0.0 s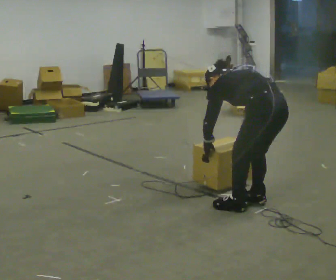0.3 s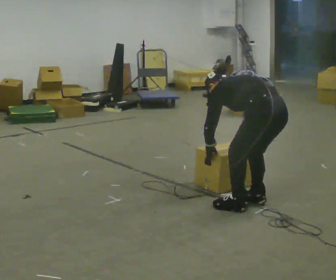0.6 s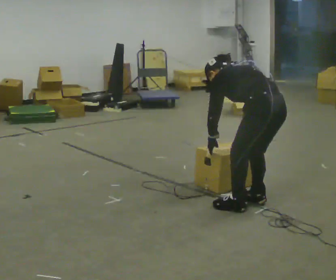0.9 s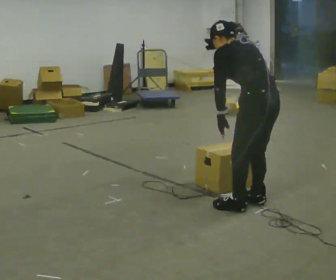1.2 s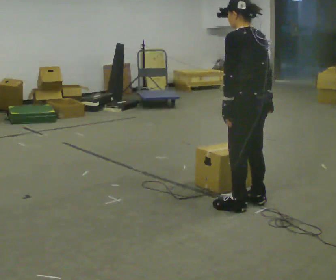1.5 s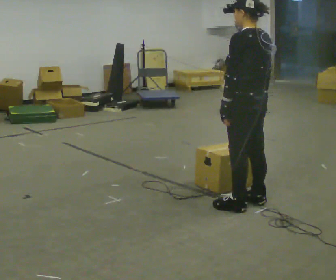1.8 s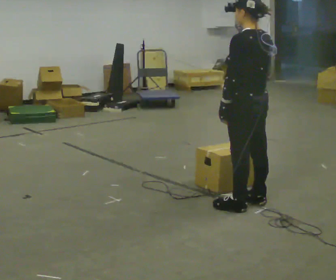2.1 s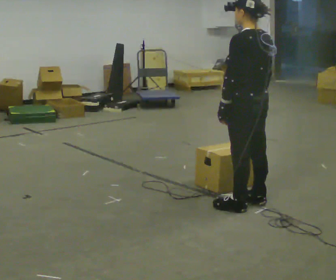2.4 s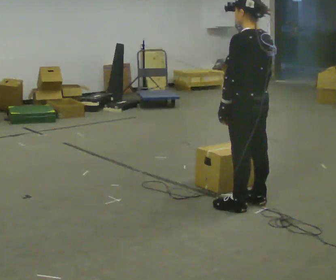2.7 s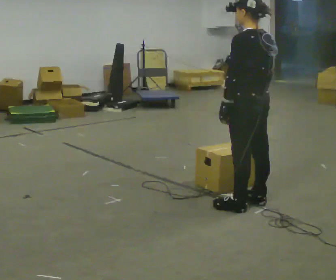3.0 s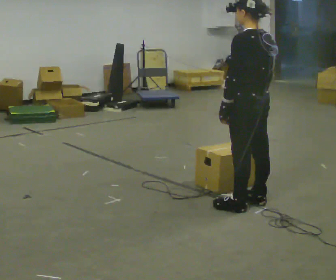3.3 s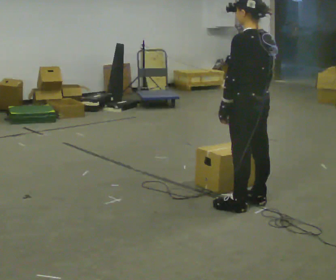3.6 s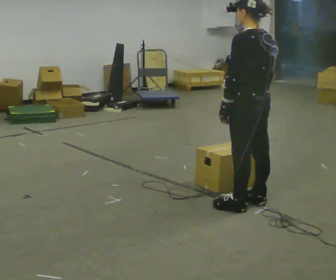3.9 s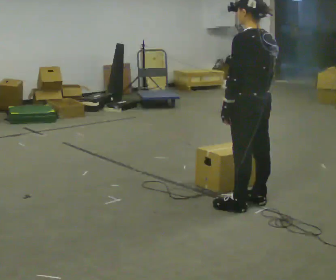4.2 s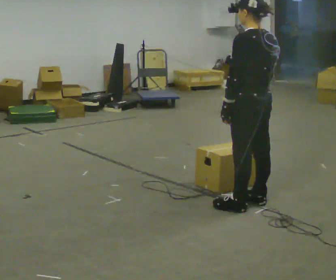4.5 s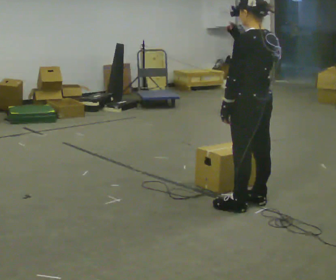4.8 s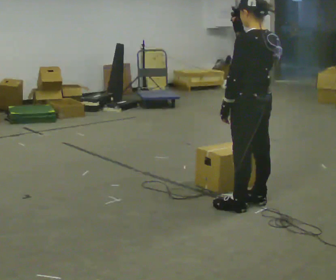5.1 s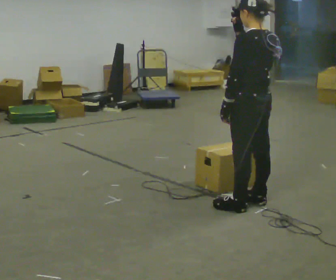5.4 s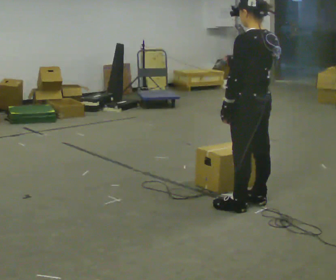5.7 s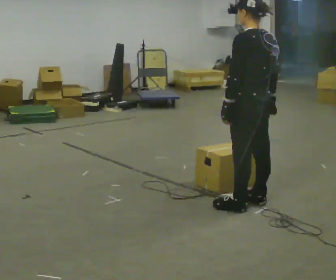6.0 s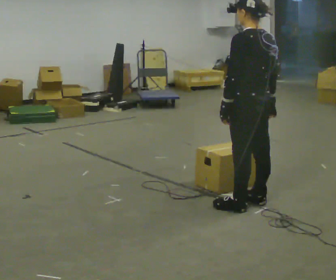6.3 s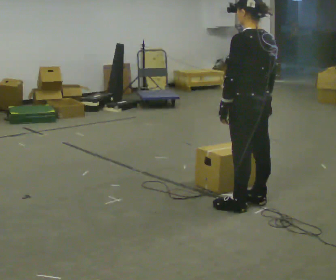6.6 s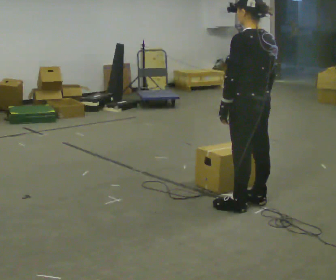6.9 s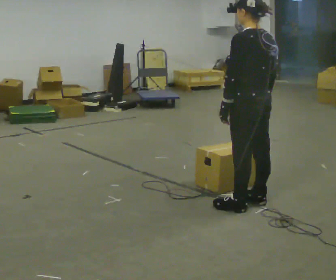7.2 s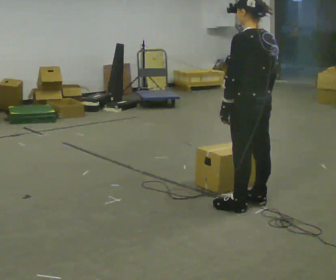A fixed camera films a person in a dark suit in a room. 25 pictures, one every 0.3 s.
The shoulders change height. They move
upward.
0.0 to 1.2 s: The upper body goes upward. The upper body tips toward the camera, its near side rolling downward, as they lean back or straighten. In the picture their left hand goes upward.
1.2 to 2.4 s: The person moves a little, or ends about where they began.
2.4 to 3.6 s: The person keeps their place and pose.
3.6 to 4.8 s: In the picture their right hand goes upward.
4.8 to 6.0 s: In the picture their right hand goes downward.
6.0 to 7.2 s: The person moves a little, or ends about where they began.
The film runs forward here.
